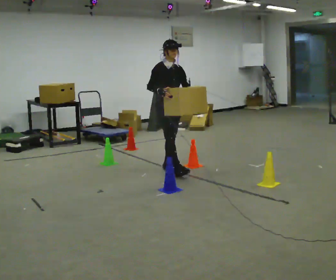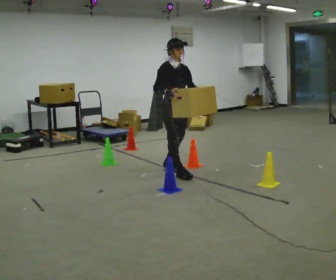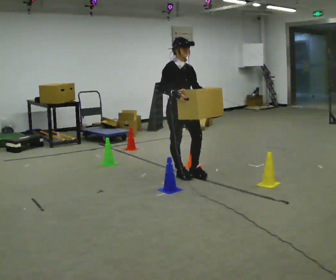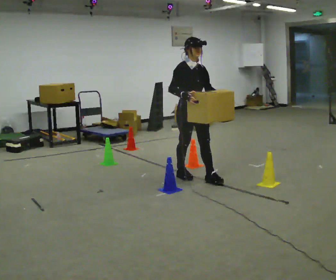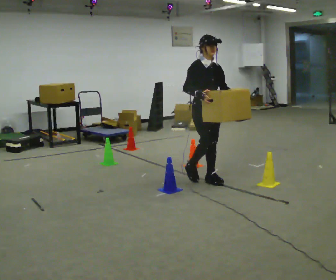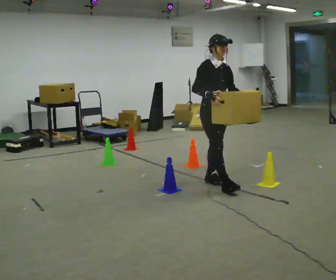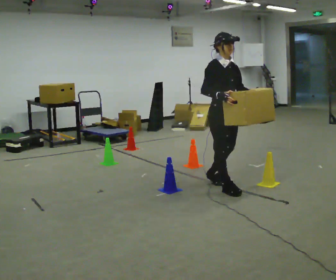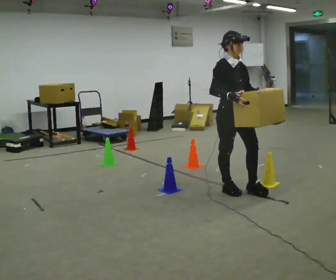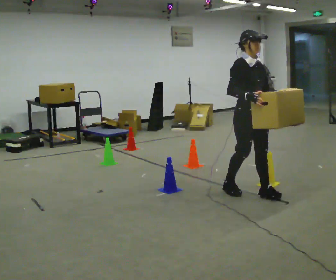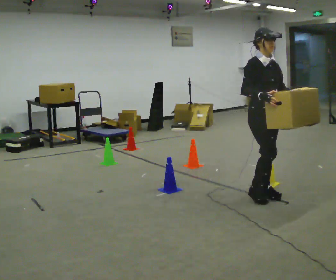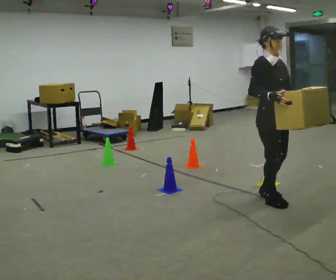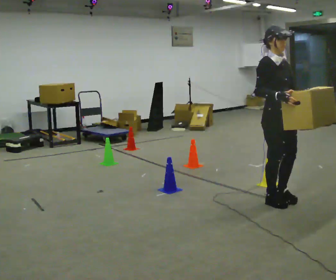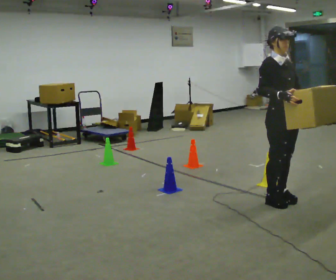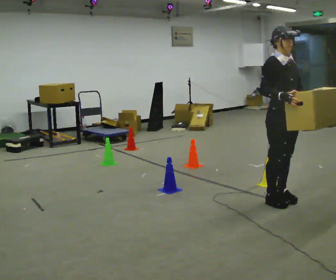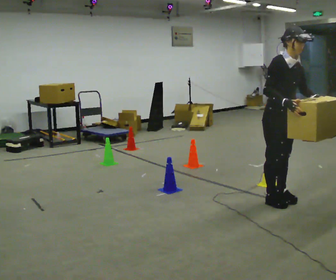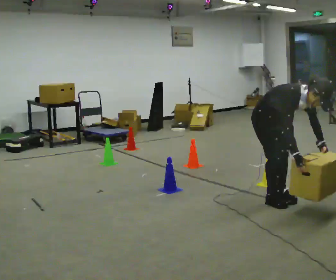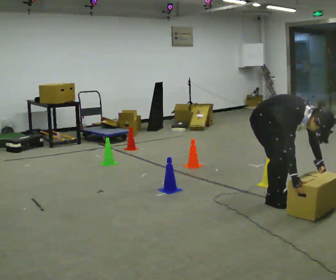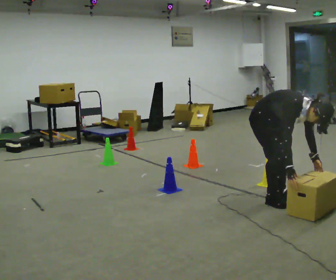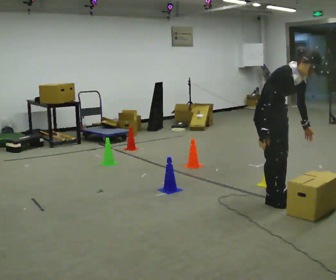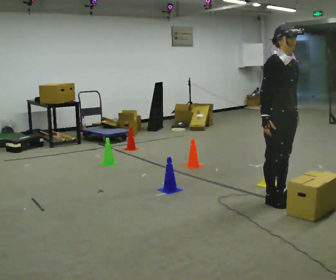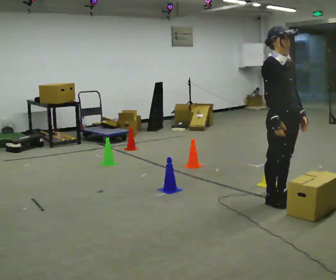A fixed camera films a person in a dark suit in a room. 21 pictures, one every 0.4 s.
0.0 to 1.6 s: In the picture they go to the right and toward the camera, about 0.75 m in 2 steps, which for them is forward.
1.6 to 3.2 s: In the picture they go to the right and toward the camera, about 0.75 m in 2 steps, which for them is forward.
3.2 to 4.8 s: In the picture they go to the right and toward the camera, about 0.25 m in 2 steps, which for them is forward.
4.8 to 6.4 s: The upper body goes downward. In the picture the upper body tilts clockwise, shoulders to the right, as they bend forward. In the picture their right hand goes downward.
6.4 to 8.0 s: The upper body goes upward. In the picture the upper body tilts counterclockwise, shoulders to the left, as they lean back or straighten. In the picture their right hand goes upward.
The film runs forward here.
